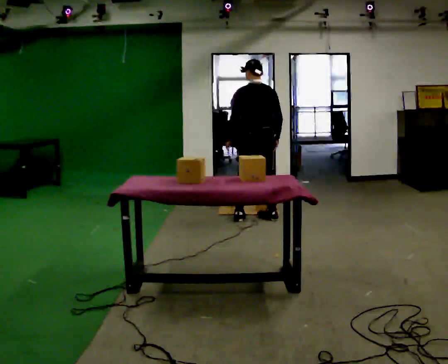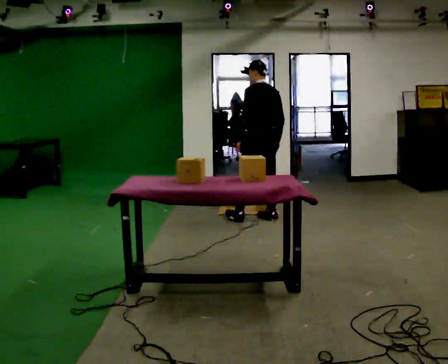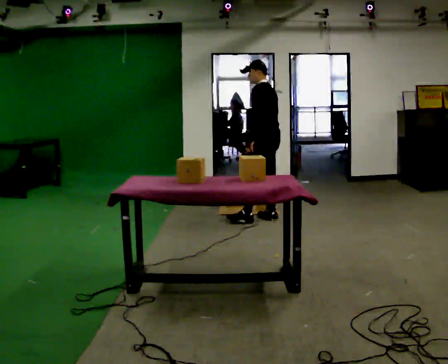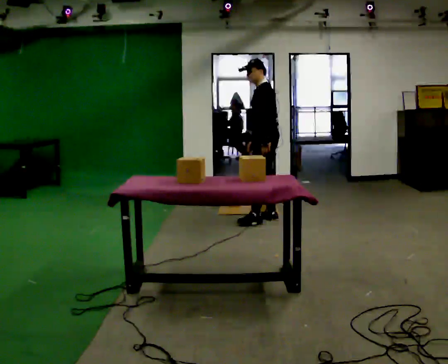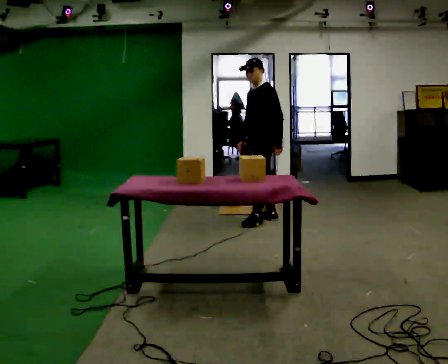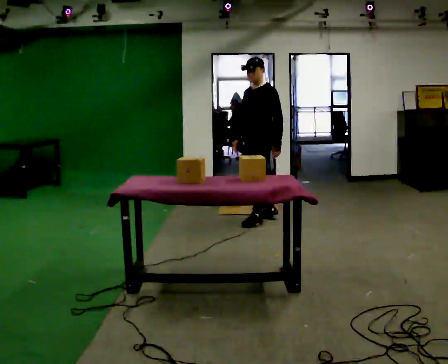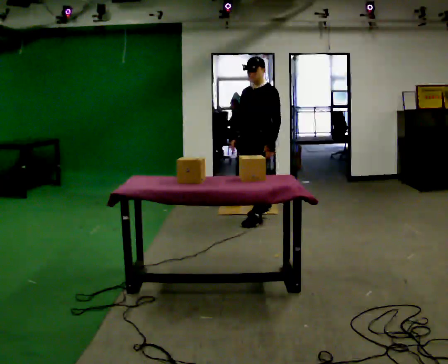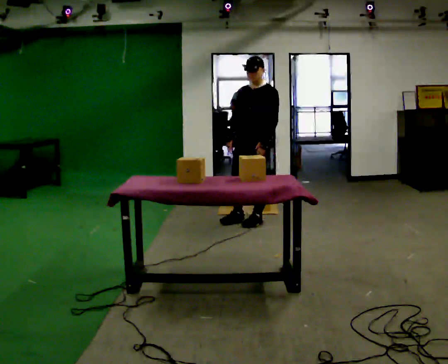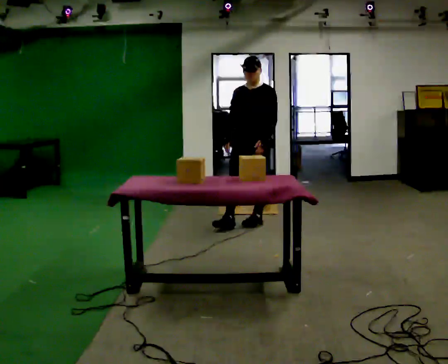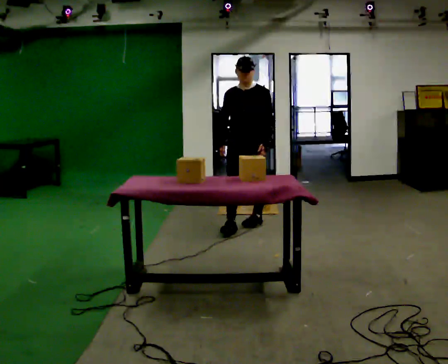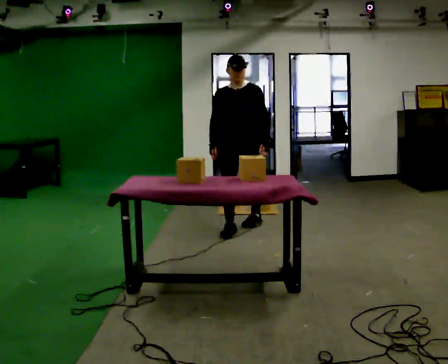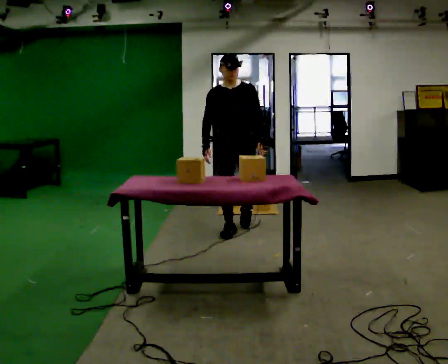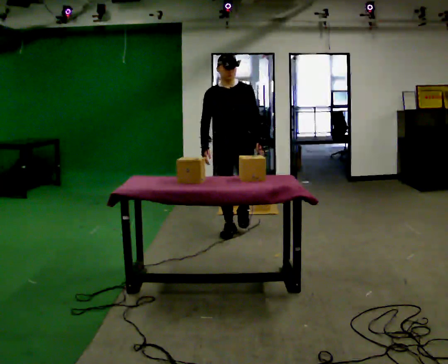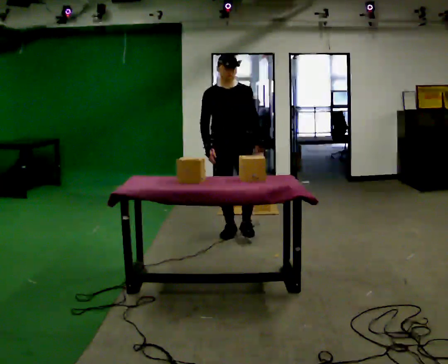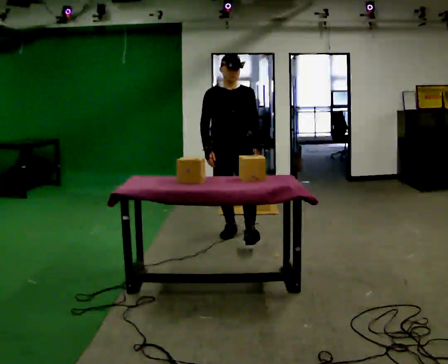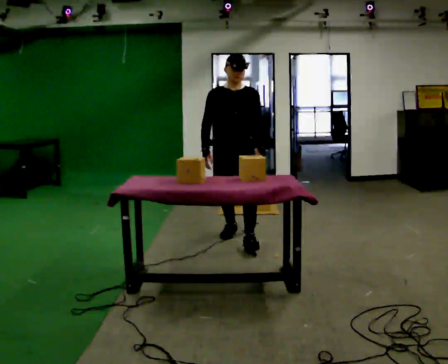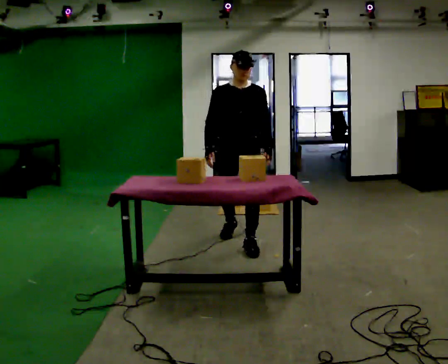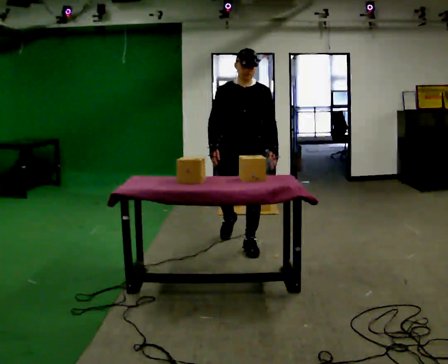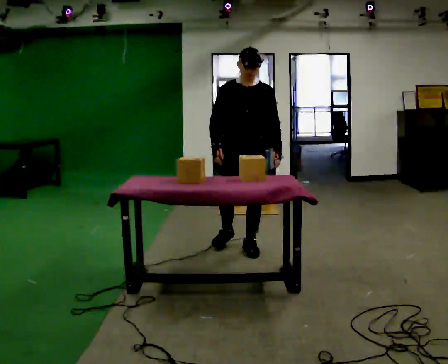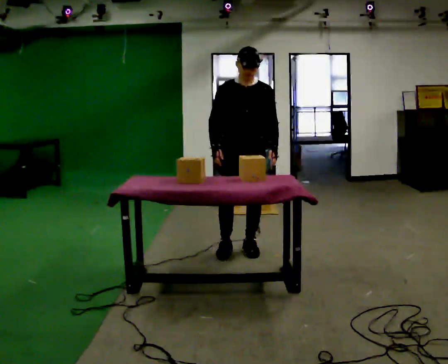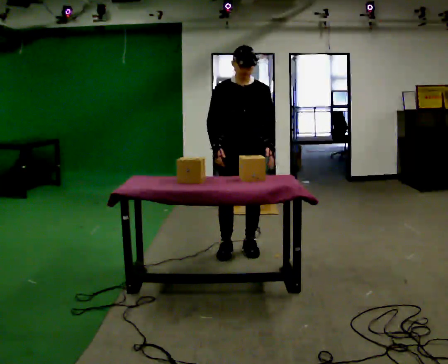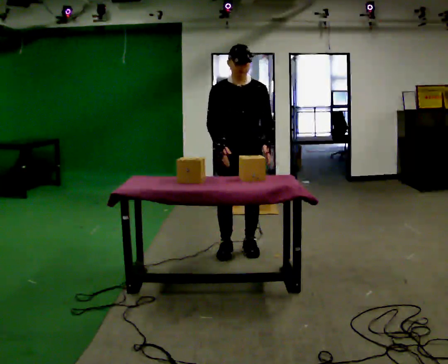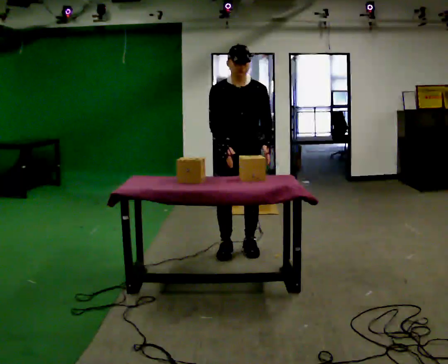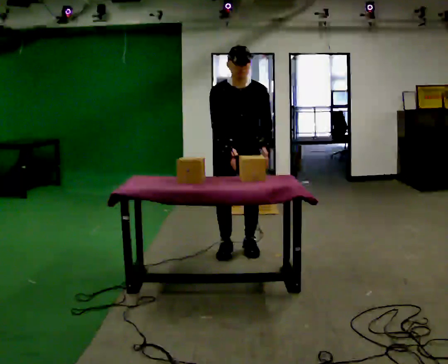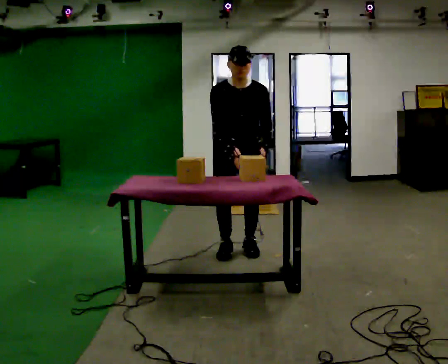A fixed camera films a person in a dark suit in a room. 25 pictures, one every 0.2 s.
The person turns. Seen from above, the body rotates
counterclockwise.
The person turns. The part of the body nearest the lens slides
to the right.
0.0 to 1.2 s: The person turns about 105 degrees to their left, counterclockwise seen from above, so the part of the body nearest the lens slides to the right. In the picture their left hand goes to the right.
1.2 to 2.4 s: The person turns about 45 degrees to their left, counterclockwise seen from above, so the part of the body nearest the lens slides to the right. In the picture they go toward the camera and to the left, about 0.5 m in 1 step, which for them is forward and to their right.
2.4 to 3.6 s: In the picture they go toward the camera, about 0.5 m in 1 step, which for them is forward.
3.6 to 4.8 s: The upper body tips toward the camera, its near side rolling downward, as they bend forward.
The film runs forward here.
